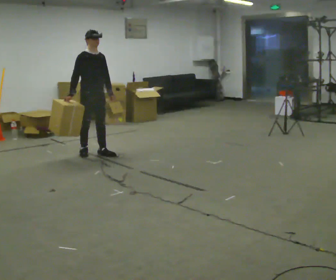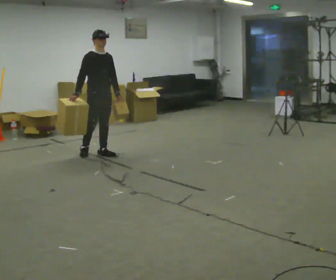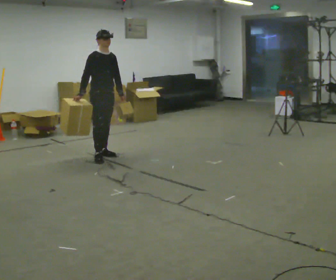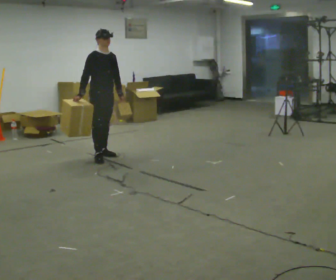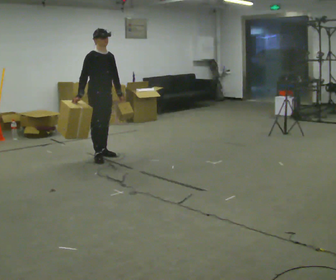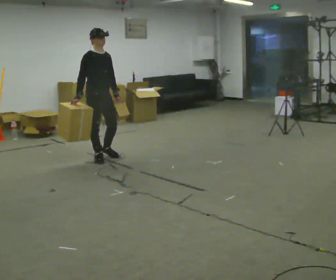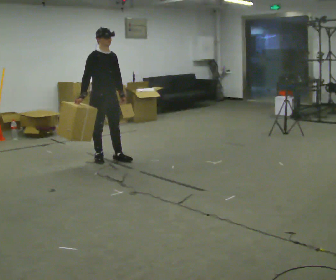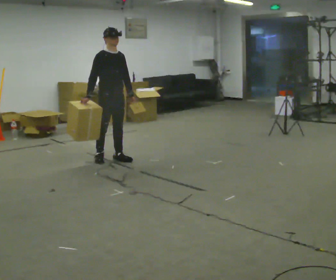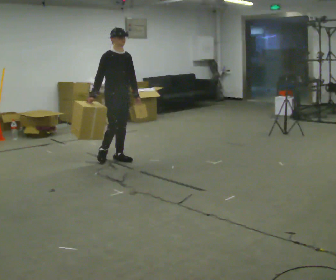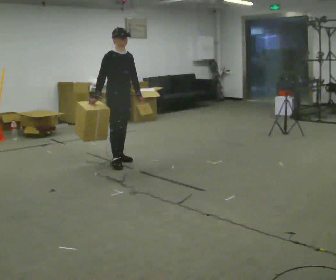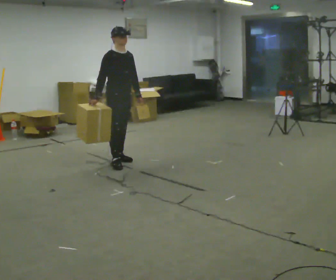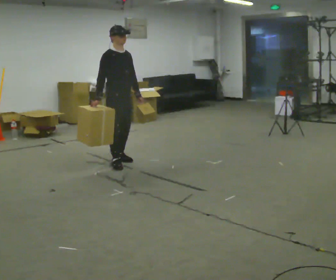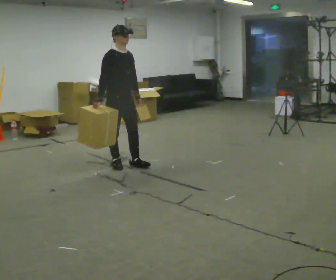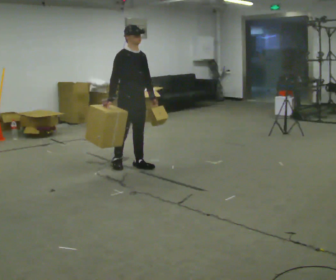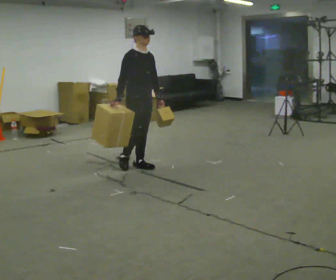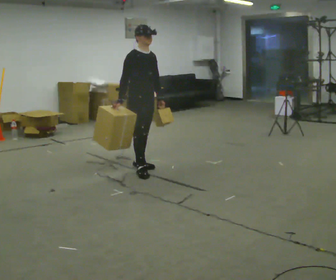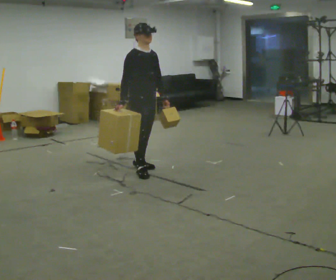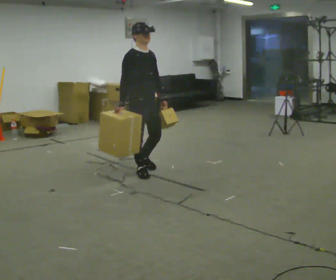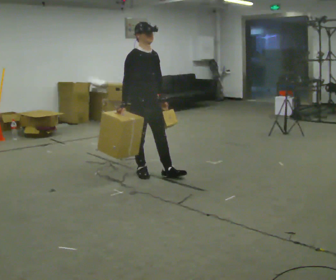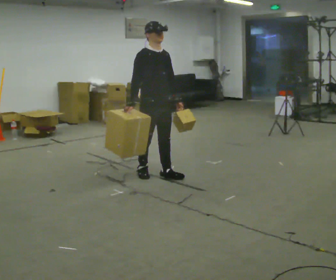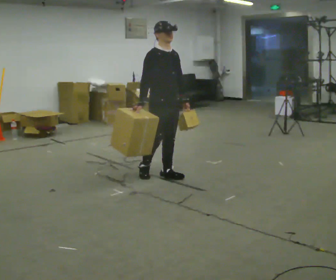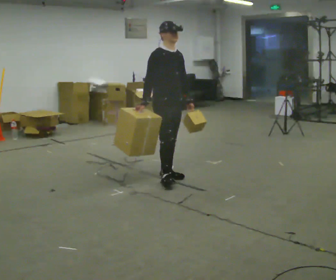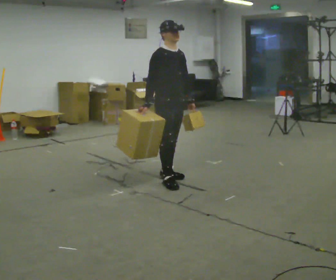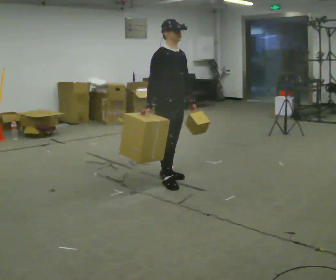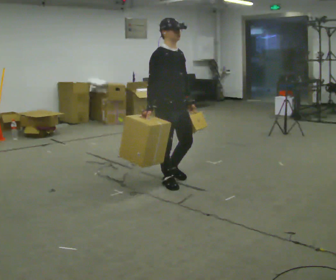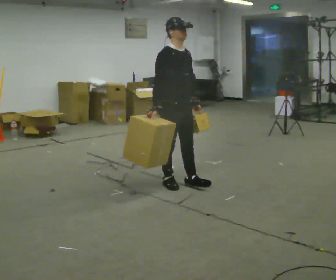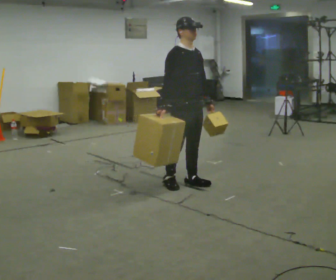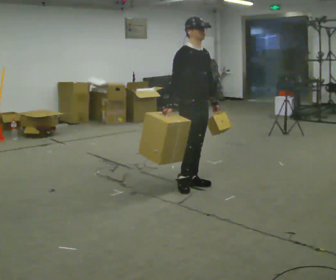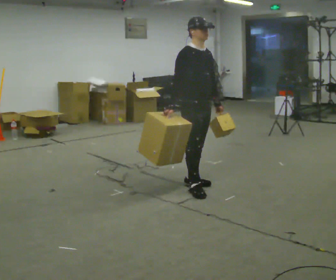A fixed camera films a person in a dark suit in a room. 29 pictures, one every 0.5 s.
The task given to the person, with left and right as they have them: Carry one object in each hand, the heavy one in the hand the operator calls, walking back and forth across the room.
0.0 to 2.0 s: In the picture they go toward the camera, about 0.25 m in 1 step, which for them is forward.
2.0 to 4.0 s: In the picture they go to the right, about 0.25 m in 1 step, which for them is forward and to their left.
4.0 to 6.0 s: In the picture they go toward the camera, about 0.25 m in 1 step, which for them is forward and to their right.
6.0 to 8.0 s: In the picture they go to the right and toward the camera, about 0.25 m in 2 steps, which for them is forward.
8.0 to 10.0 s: In the picture they go to the right and toward the camera, about 0.25 m in 1 step, which for them is forward.
10.0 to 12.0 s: In the picture they go toward the camera, about 0.25 m in 1 step, which for them is forward and to their right.
12.0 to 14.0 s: In the picture they go to the right, about 0.25 m in 2 steps, which for them is forward and to their left.
The film runs forward here.
